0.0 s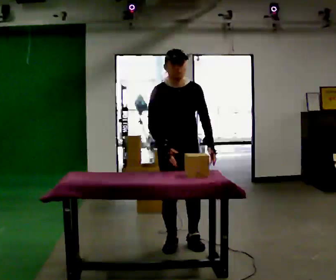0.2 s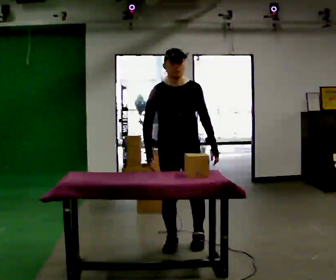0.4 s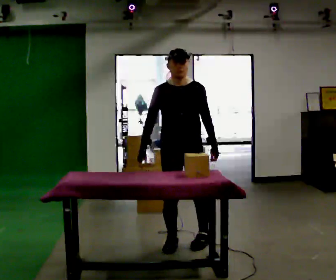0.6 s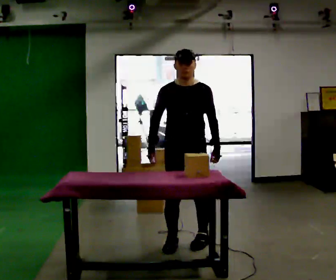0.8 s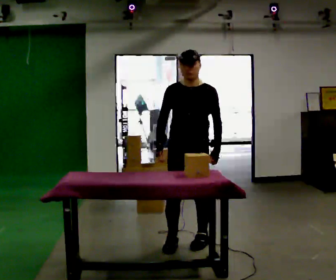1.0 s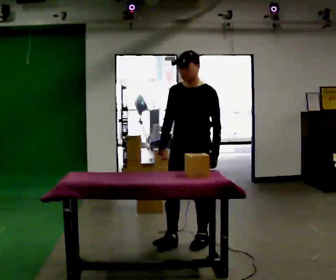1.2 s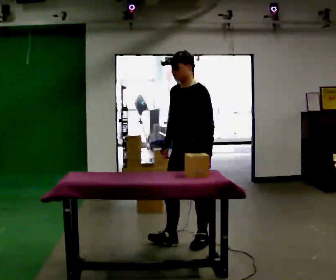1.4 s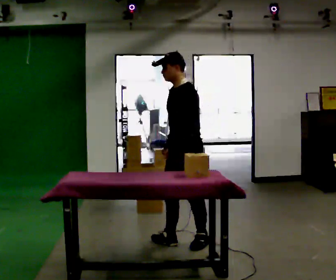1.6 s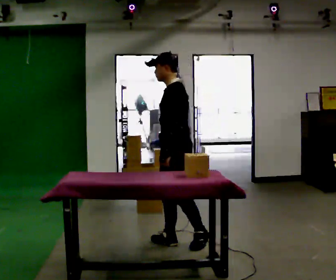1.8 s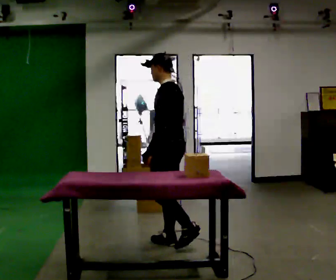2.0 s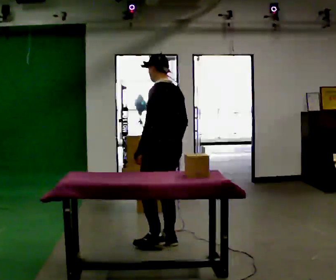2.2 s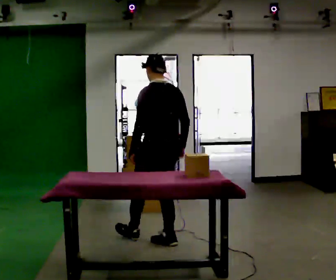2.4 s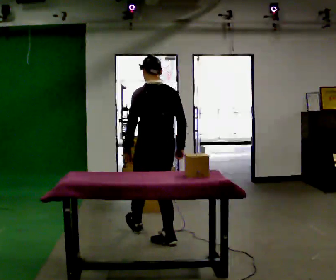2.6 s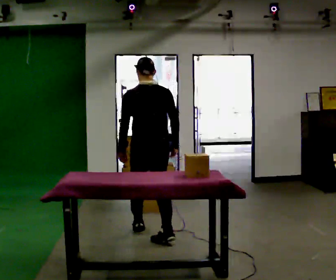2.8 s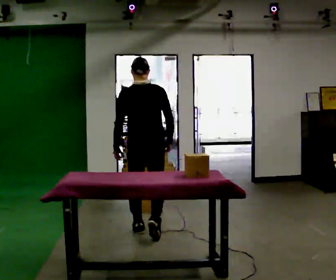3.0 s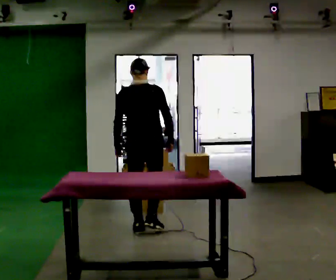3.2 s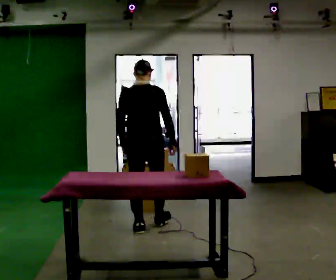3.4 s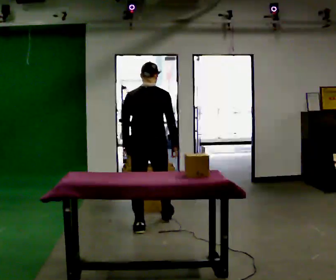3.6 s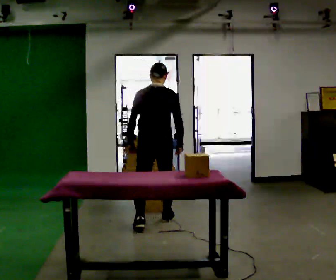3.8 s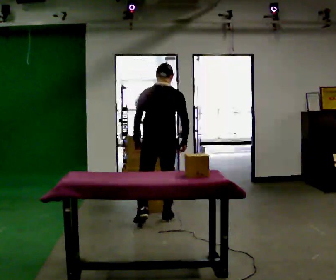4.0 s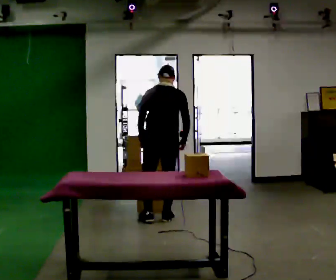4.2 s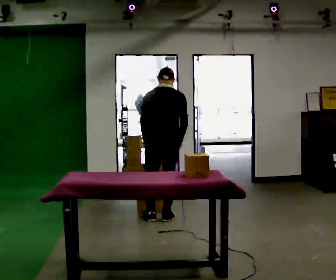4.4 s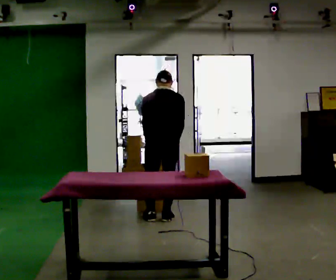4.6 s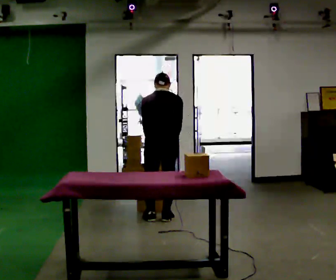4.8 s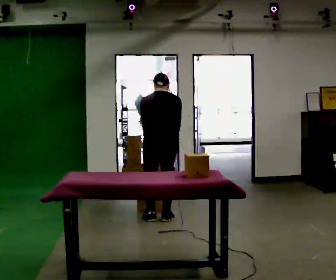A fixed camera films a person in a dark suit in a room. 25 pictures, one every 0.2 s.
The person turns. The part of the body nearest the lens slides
to the left.
The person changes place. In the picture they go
away from the camera.
0.0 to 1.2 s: Seen from above the body turns clockwise, about 60 degrees: to their right, with its near side sliding to the left.
1.2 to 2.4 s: The part of the body nearest the lens slides to the left as the person turns to their right by about 105 degrees. In the picture they go to the left, about 0.25 m in 1 step.
2.4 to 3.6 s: In the picture they go away from the camera, about 0.5 m in 1 step, which for them is forward.
3.6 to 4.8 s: The upper body tips away from the camera, its near side rolling upward, as they bend forward.
The film runs forward here.
